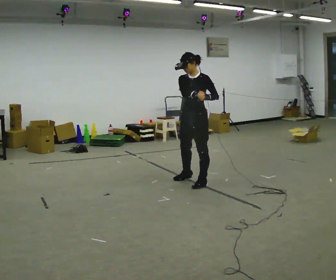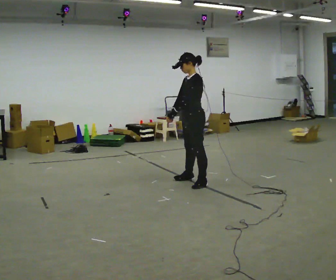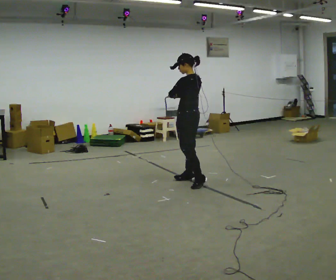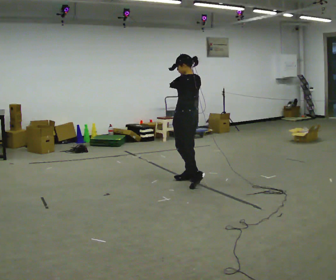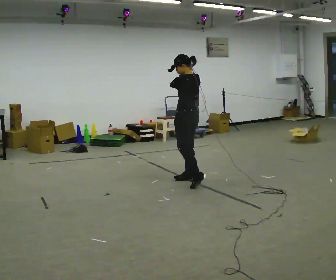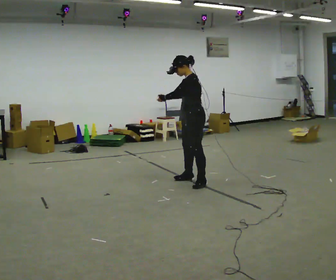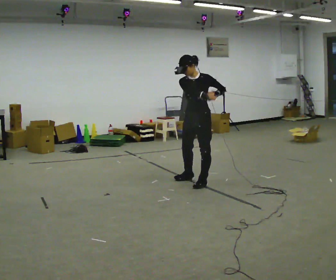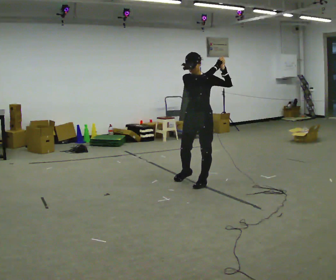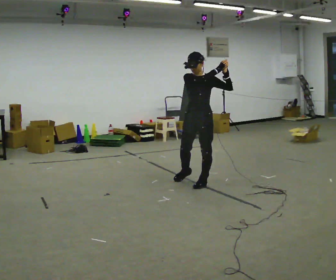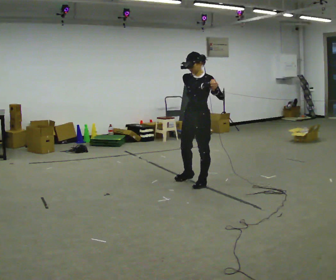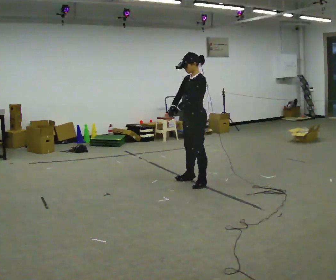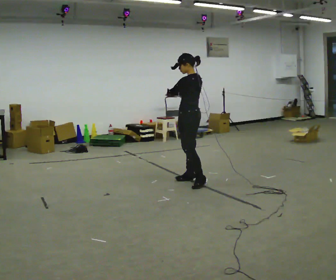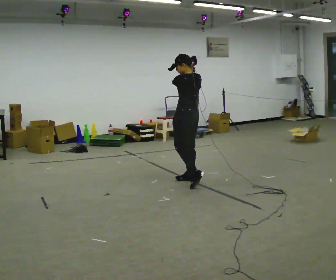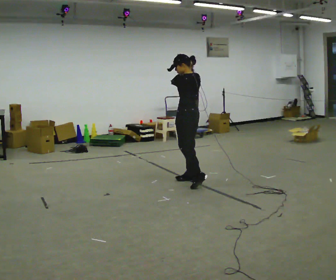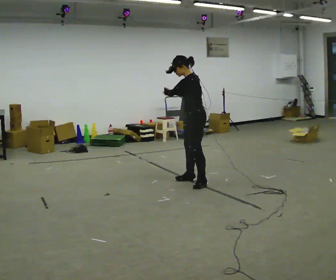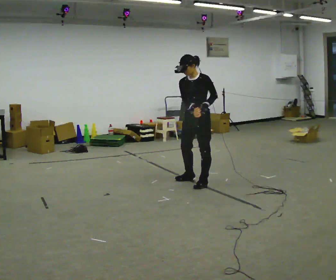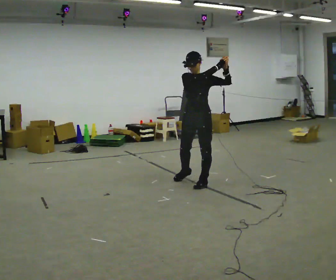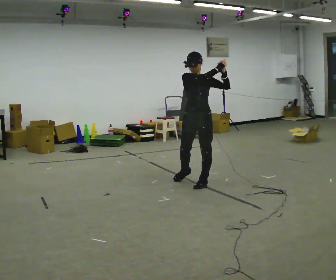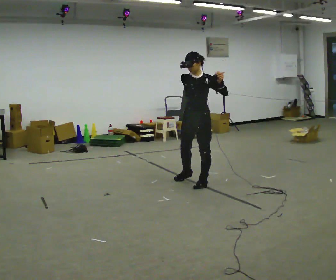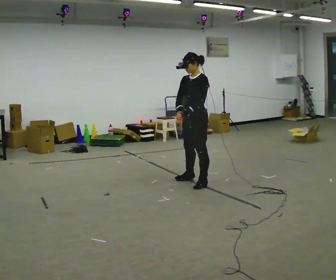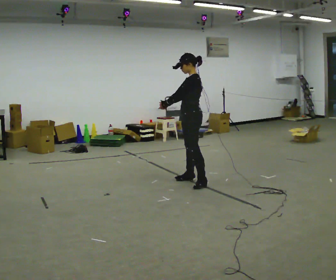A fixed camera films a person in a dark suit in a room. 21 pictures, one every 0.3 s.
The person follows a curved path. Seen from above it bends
counterclockwise.
0.0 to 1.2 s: The person turns about 75 degrees to their right, clockwise seen from above, so the part of the body nearest the lens slides to the left. In the picture they go away from the camera, about 0.25 m.
1.2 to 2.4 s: Seen from above the body turns counterclockwise, about 90 degrees: to their left, with its near side sliding to the right. In the picture they go toward the camera, about 0.25 m. In the picture their left hand goes to the right.
2.4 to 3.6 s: The person turns about 105 degrees to their right, clockwise seen from above, so the part of the body nearest the lens slides to the left. In the picture they go away from the camera, about 0.25 m. In the picture their left hand goes to the left.
3.6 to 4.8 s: Seen from above the body turns counterclockwise, about 120 degrees: to their left, with its near side sliding to the right. In the picture they go toward the camera, about 0.25 m. In the picture their left hand goes to the right.
4.8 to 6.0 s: The part of the body nearest the lens slides to the left as the person turns to their right by about 90 degrees. In the picture they go away from the camera, about 0.25 m. In the picture their right hand goes to the left and downward.
The film runs forward here.
